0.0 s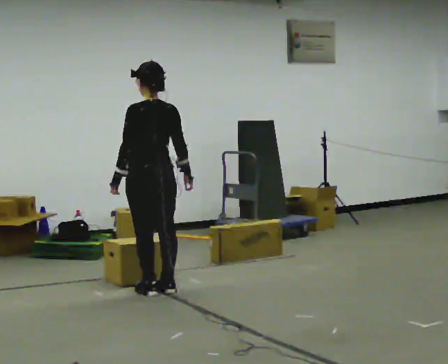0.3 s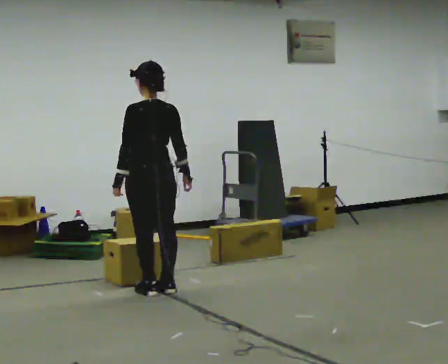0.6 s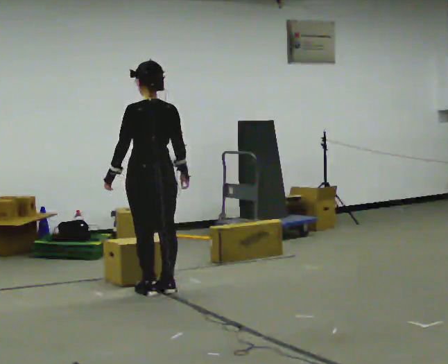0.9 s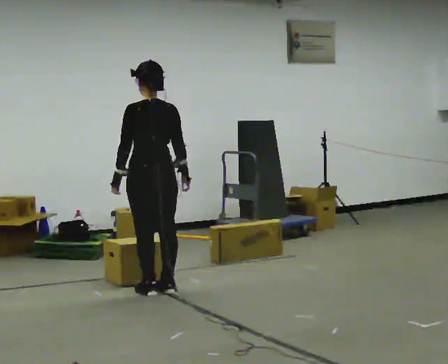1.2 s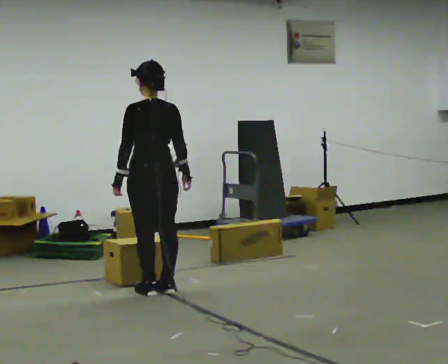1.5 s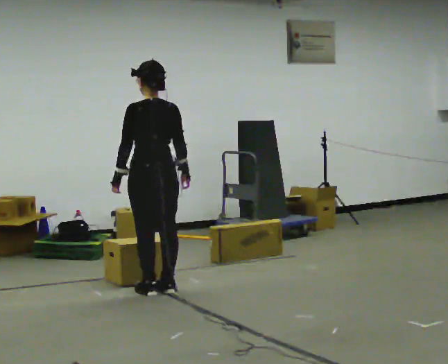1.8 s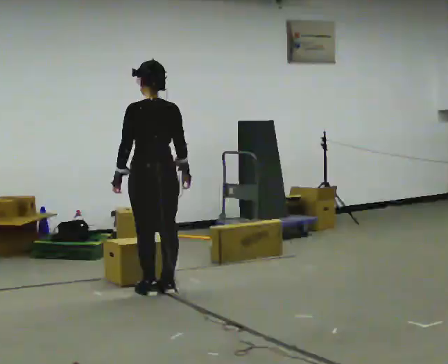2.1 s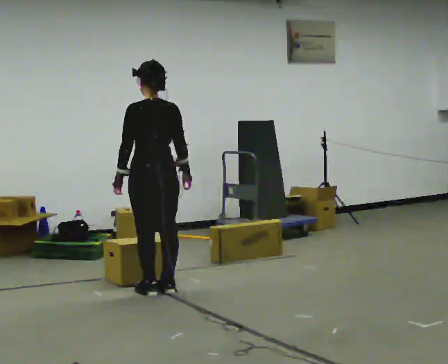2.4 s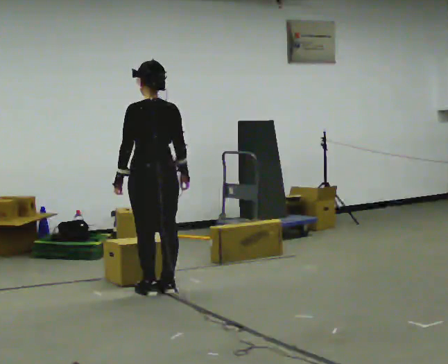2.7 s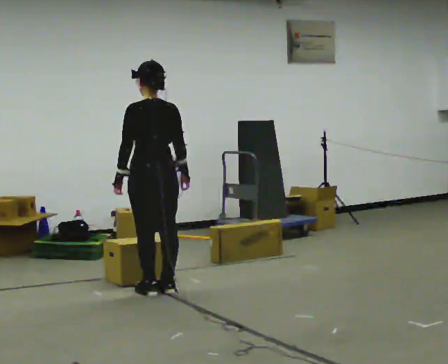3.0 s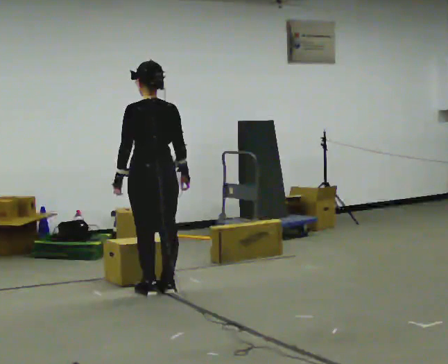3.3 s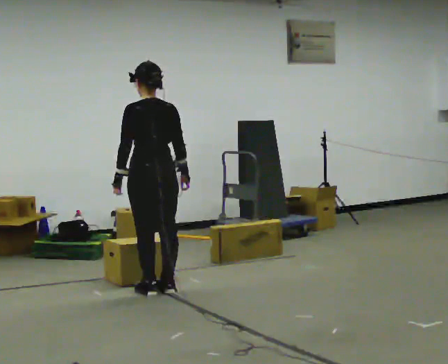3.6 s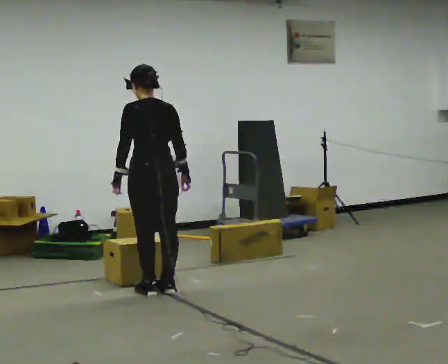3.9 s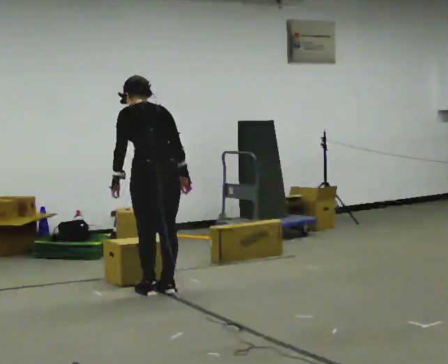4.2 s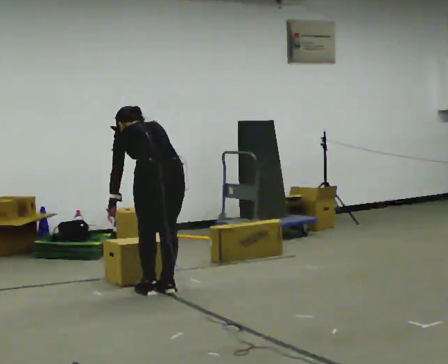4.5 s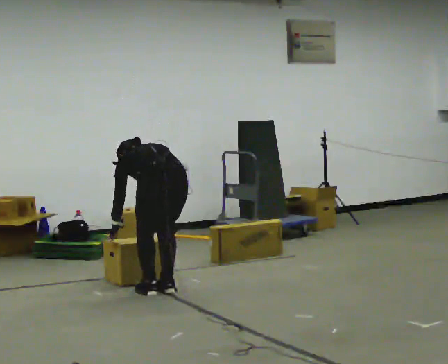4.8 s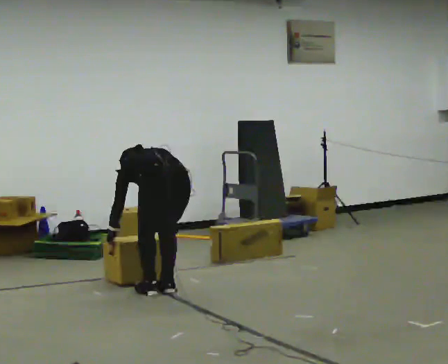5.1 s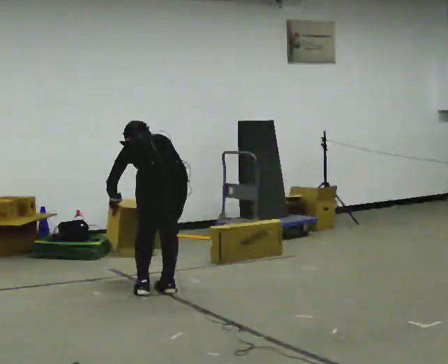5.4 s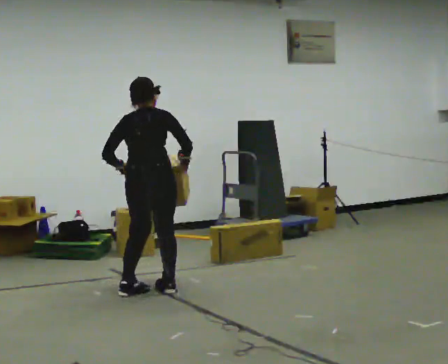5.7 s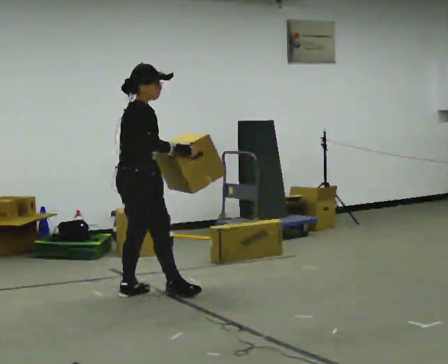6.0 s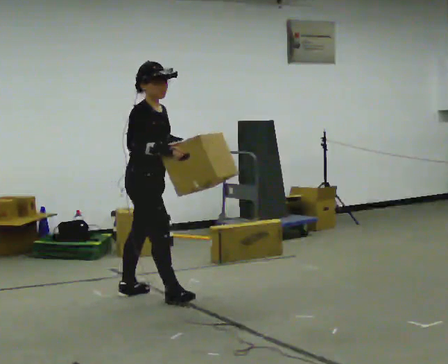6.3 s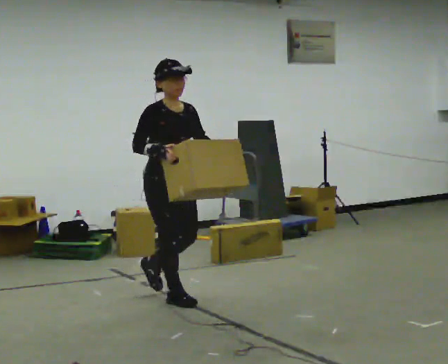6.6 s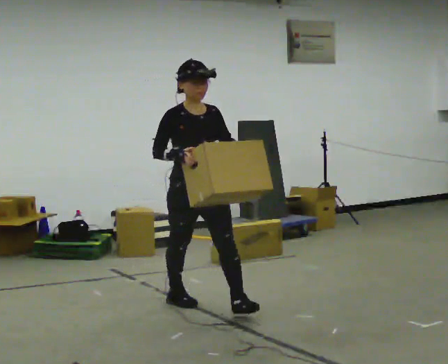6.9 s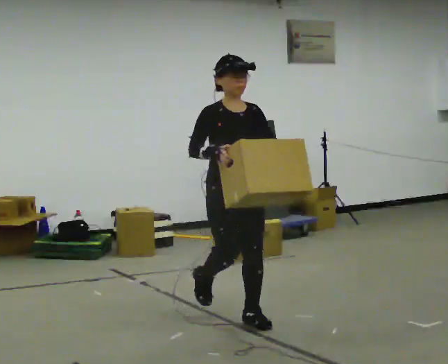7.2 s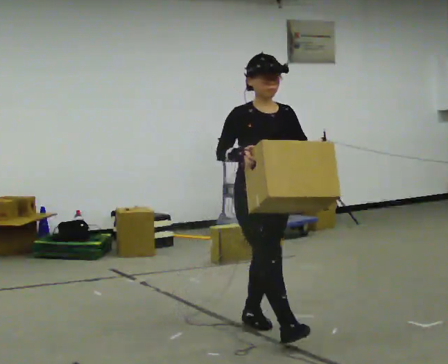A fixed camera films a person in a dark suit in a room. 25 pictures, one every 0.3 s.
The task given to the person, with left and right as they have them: Carry the box across the room as briskly as you comfortably can, back and forth. Do not run.
0.0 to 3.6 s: The person moves a little, or ends about where they began.
3.6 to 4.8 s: The upper body goes downward. The upper body tips away from the camera, its near side rolling upward, as they bend forward. In the picture their right hand goes downward.
4.8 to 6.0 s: Seen from above the body turns clockwise, about 135 degrees: to their right, with its near side sliding to the left. The shoulders move upward. The upper body tips toward the camera, its near side rolling downward, as they lean back or straighten. In the picture their left hand goes upward and to the right.
6.0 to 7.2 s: The person turns about 45 degrees to their right, clockwise seen from above, so the part of the body nearest the lens slides to the left. In the picture they go toward the camera and to the right, about 1 m in 1 step, which for them is forward.
The film runs forward here.
